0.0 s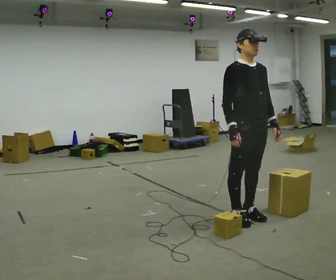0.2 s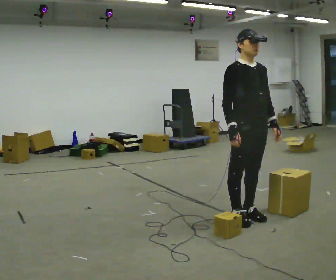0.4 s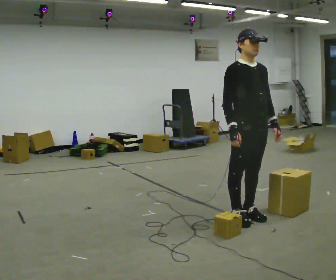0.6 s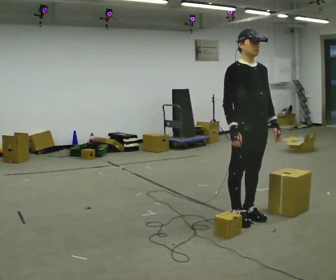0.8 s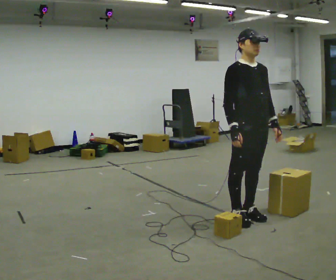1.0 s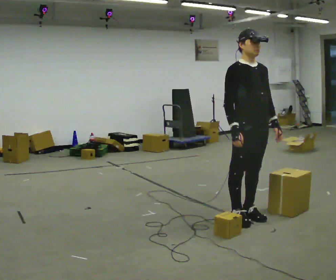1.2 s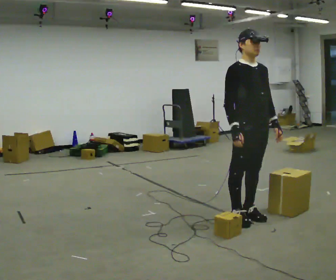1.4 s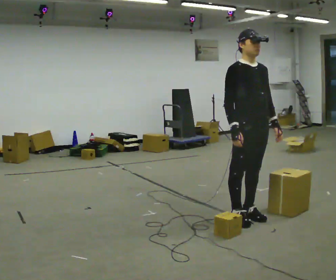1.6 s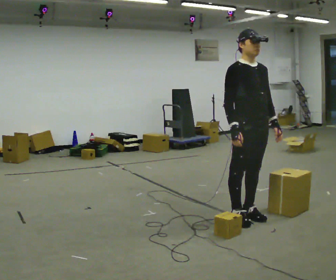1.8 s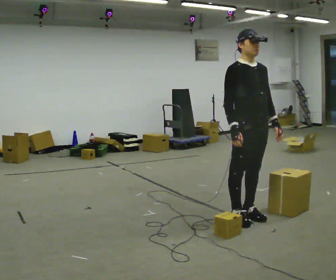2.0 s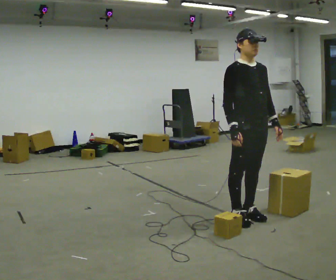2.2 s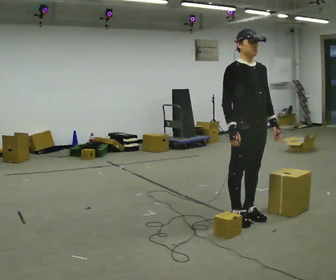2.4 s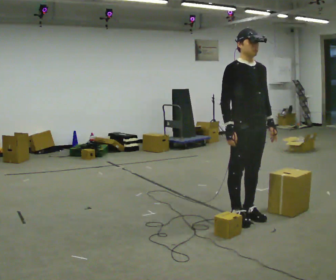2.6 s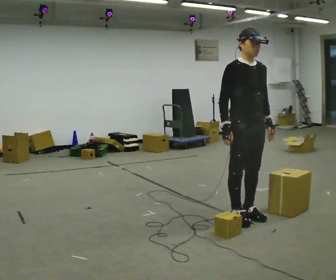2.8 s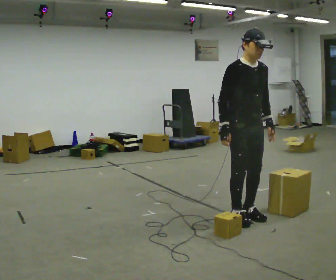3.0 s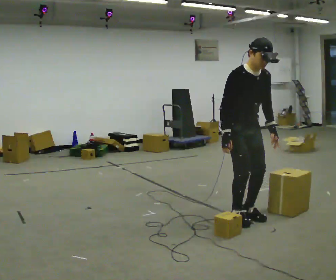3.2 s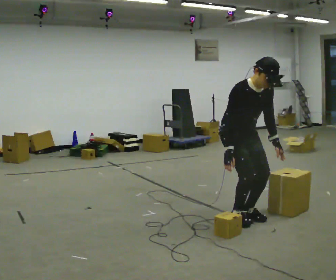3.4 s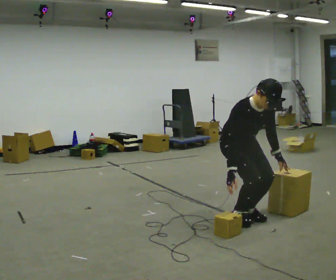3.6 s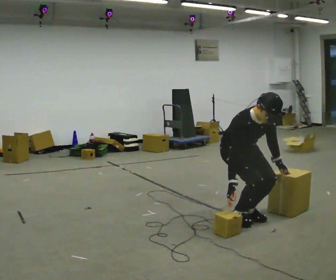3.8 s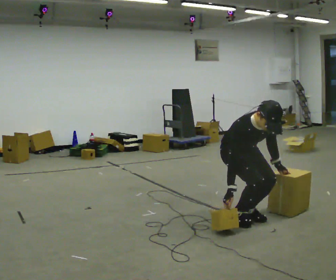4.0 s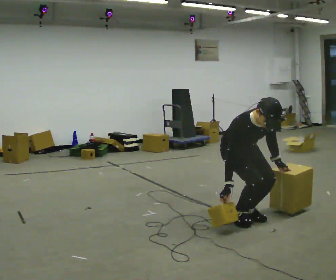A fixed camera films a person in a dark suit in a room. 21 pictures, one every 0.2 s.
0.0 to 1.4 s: The person keeps their place and pose.
1.4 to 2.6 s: The person moves a little, or ends about where they began.
2.6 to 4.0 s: The upper body goes downward. The upper body tips toward the camera, its near side rolling downward, as they bend forward. In the picture their left hand goes downward.
The film runs backward here.
